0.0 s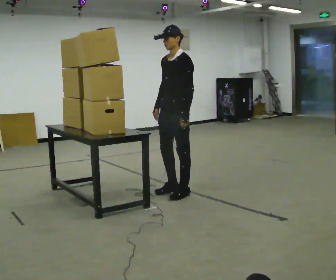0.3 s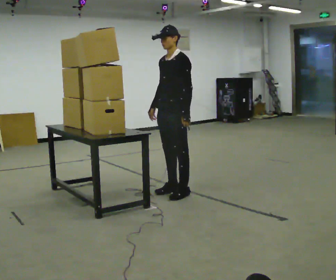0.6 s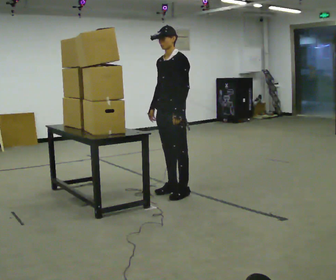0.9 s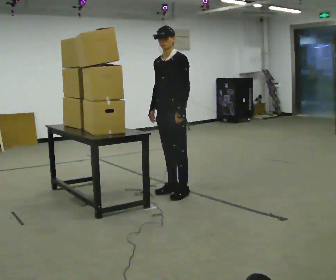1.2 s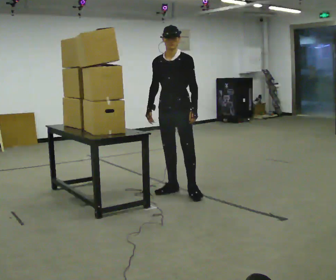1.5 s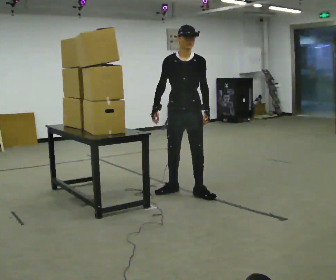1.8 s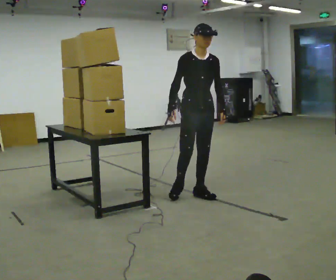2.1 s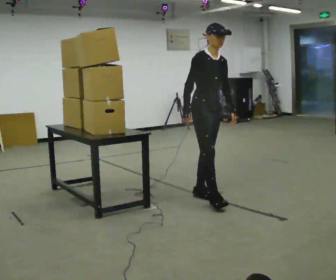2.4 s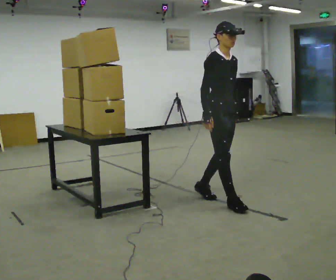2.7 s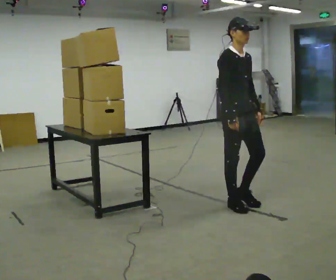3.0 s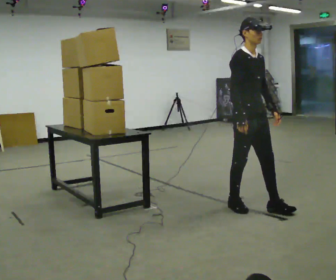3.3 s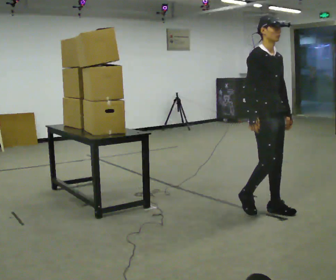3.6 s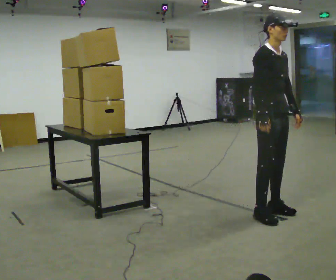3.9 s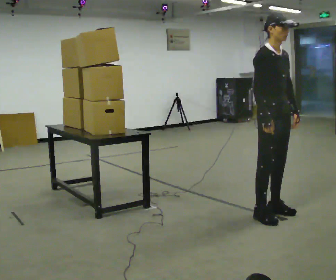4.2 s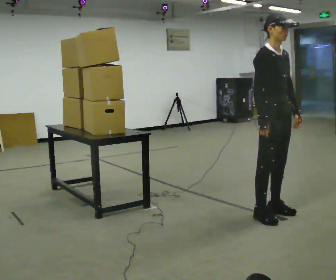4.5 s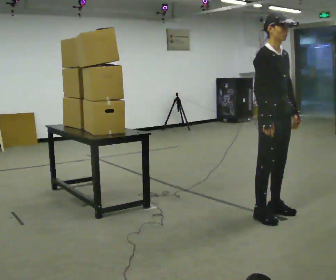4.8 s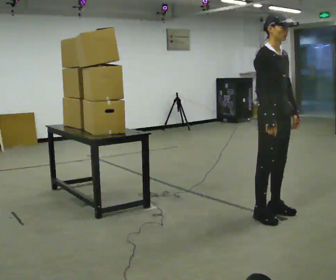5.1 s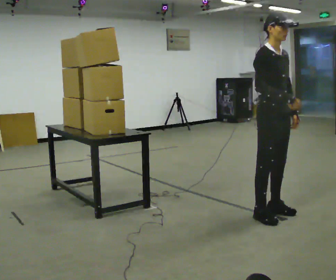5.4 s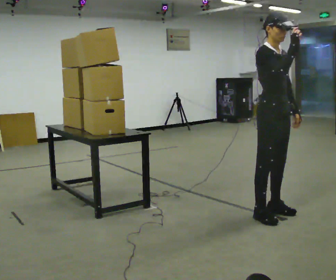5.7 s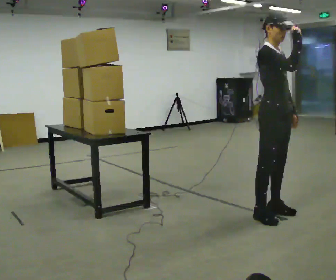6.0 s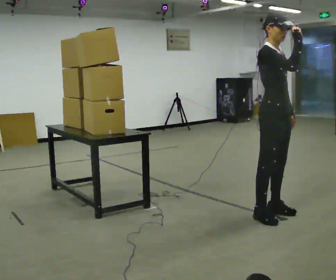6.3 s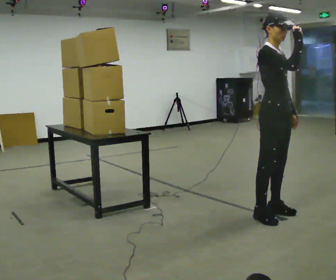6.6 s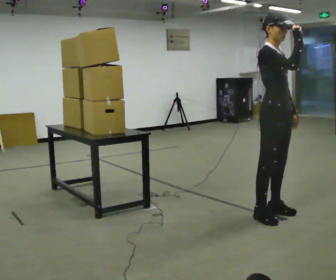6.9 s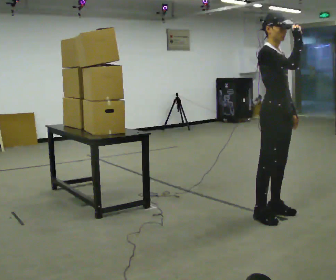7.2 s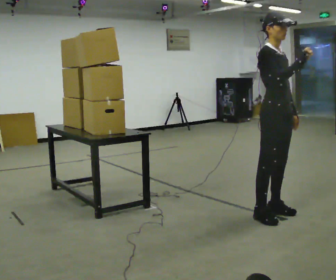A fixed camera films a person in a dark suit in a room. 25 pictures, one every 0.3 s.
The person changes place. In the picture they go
to the right.
0.0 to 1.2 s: The part of the body nearest the lens slides to the right as the person turns to their left by about 30 degrees.
1.2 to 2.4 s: The person turns about 60 degrees to their left, counterclockwise seen from above, so the part of the body nearest the lens slides to the right. In the picture they go to the right and toward the camera, about 0.5 m in 1 step.
2.4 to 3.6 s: In the picture they go to the right and toward the camera, about 0.5 m in 2 steps, which for them is forward.
3.6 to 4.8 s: The person moves a little, or ends about where they began.
4.8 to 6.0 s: In the picture their right hand goes upward.
6.0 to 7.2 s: The person moves a little, or ends about where they began.
The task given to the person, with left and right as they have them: Pick up the next box in the row and carry it to the table. The operator will not tell you how heavy each one is. Keep going until the operator says stop; one object at a time, and do not rush between trips.
The film runs forward here.
